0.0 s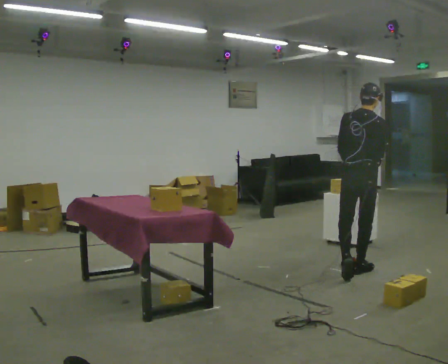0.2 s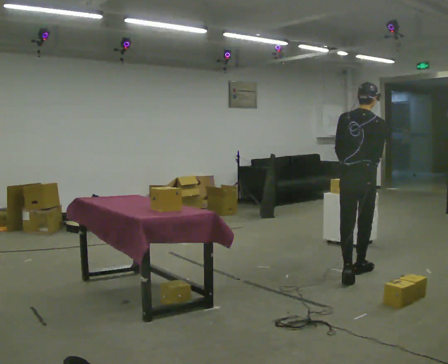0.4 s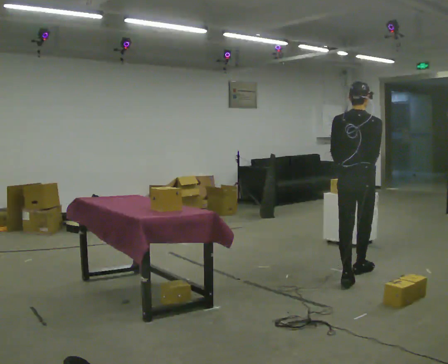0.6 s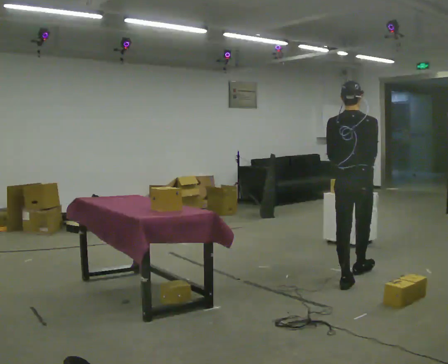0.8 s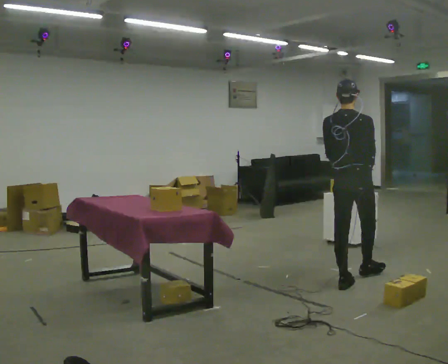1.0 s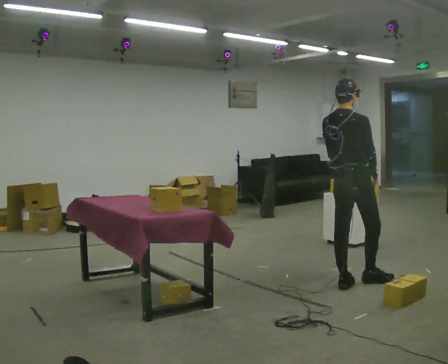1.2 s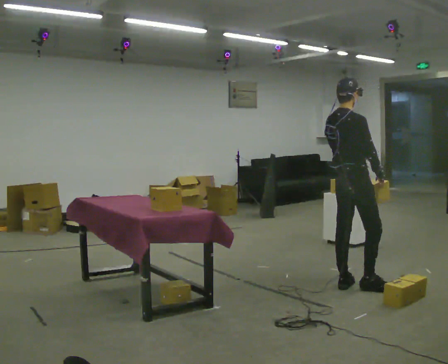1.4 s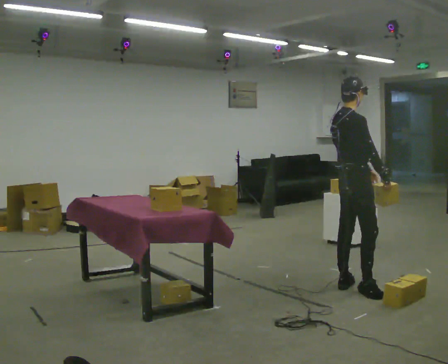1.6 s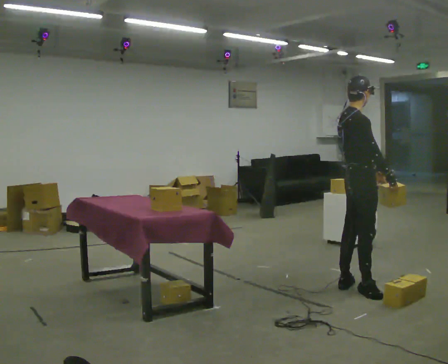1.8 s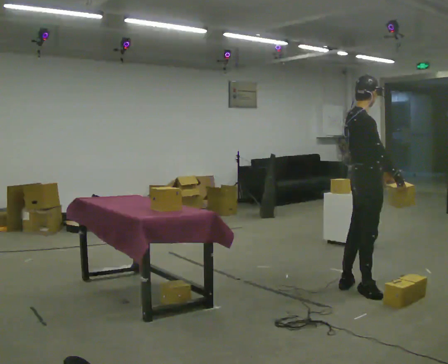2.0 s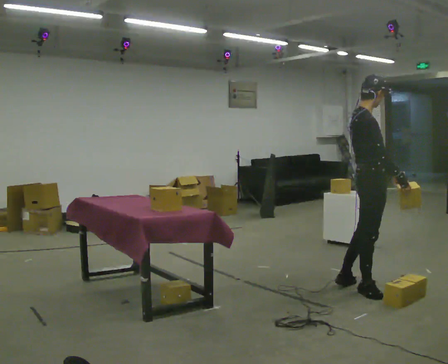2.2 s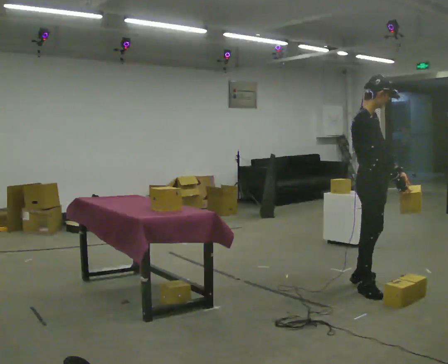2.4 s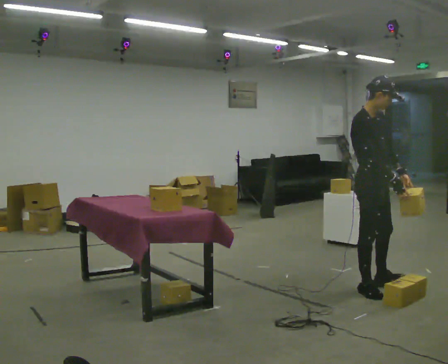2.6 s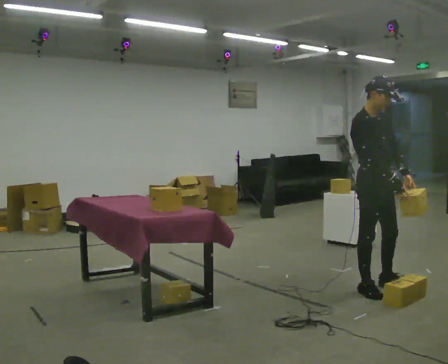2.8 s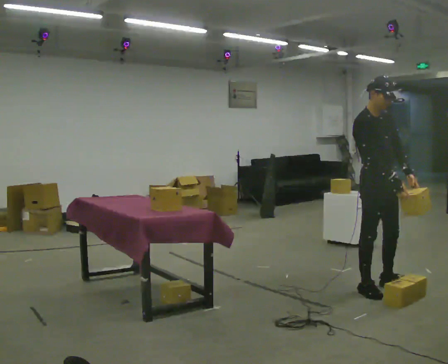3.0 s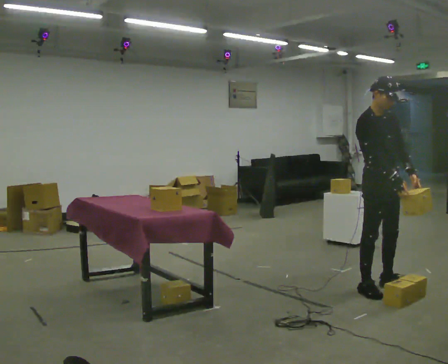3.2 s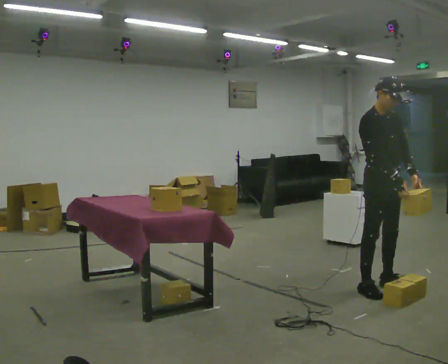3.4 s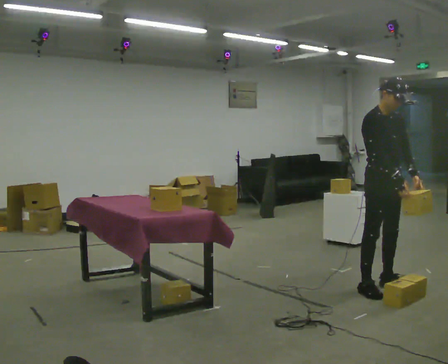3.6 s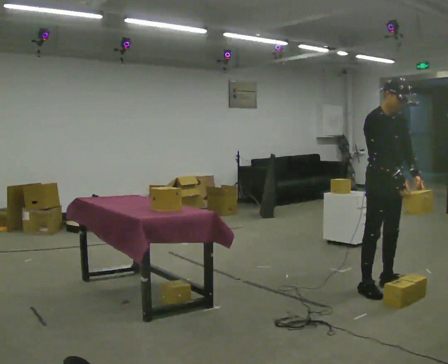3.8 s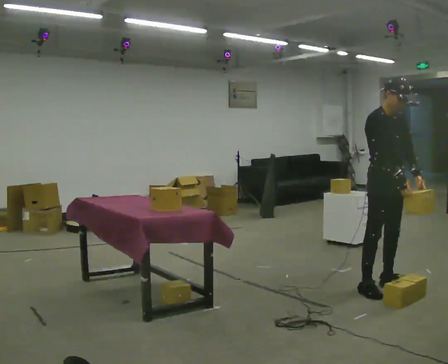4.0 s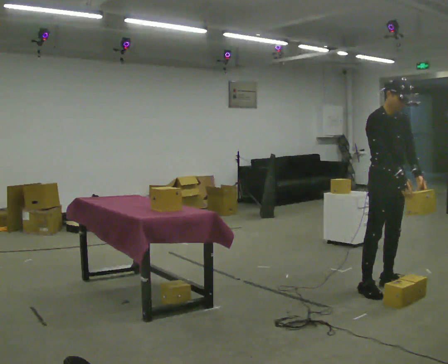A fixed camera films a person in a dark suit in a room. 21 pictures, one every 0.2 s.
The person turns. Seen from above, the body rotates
clockwise.
The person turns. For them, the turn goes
to their right.
0.0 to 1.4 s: Seen from above the body turns clockwise, about 60 degrees: to their right, with its near side sliding to the left. In the picture they go toward the camera, about 0.5 m in 1 step, which for them is backward.
1.4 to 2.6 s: The person turns about 60 degrees to their right, clockwise seen from above, so the part of the body nearest the lens slides to the left. In the picture they go to the right, about 0.25 m in 1 step, which for them is to their right. In the picture their left hand goes to the right.
2.6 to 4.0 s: The person moves a little, or ends about where they began.
The film runs backward here.
